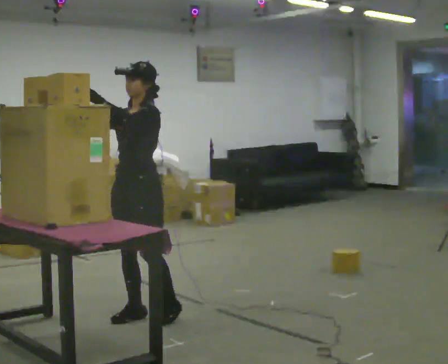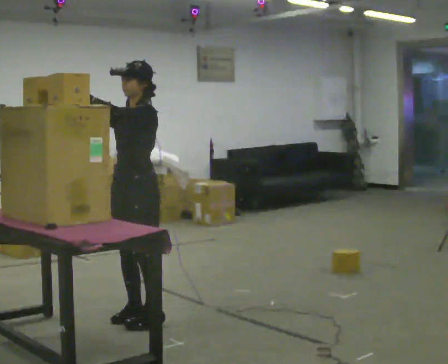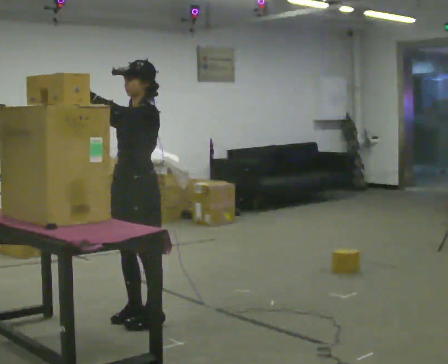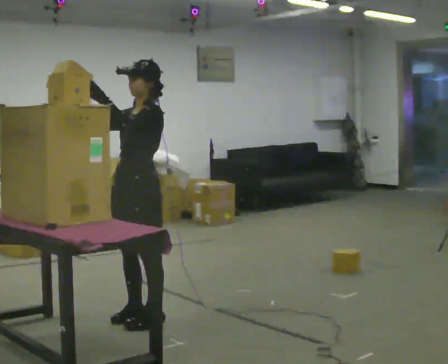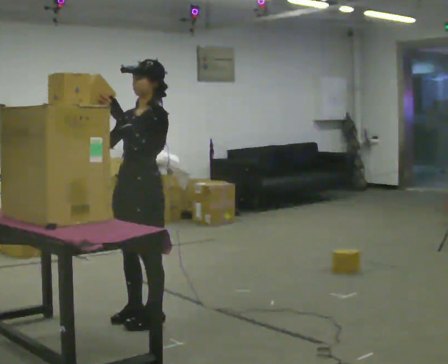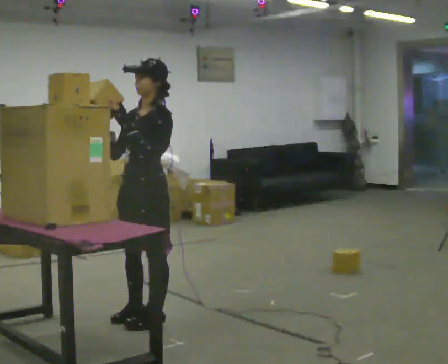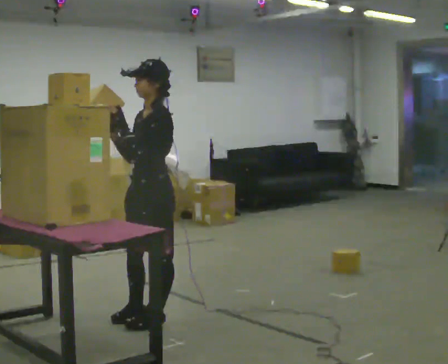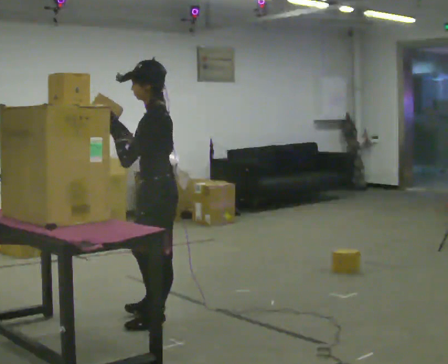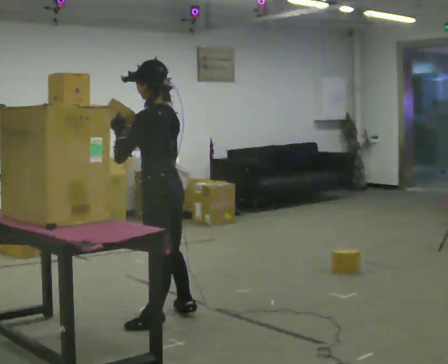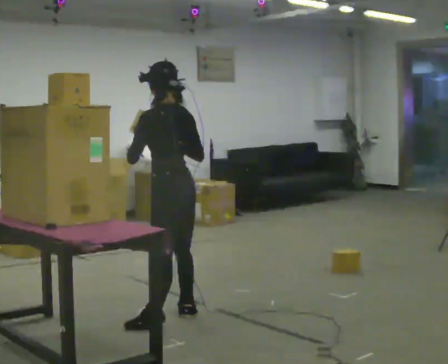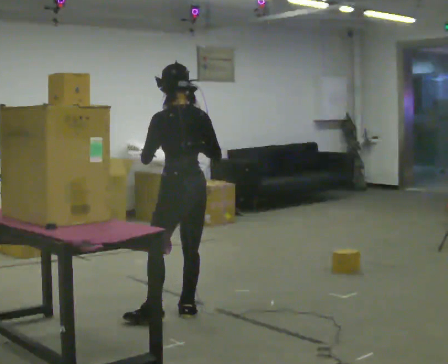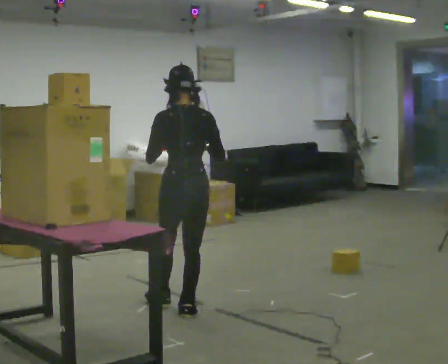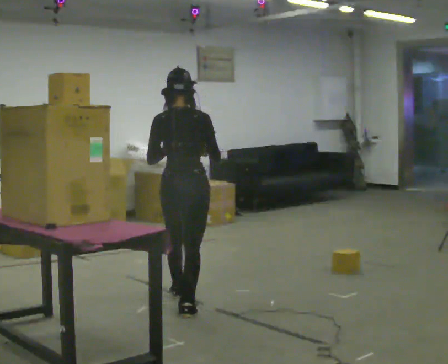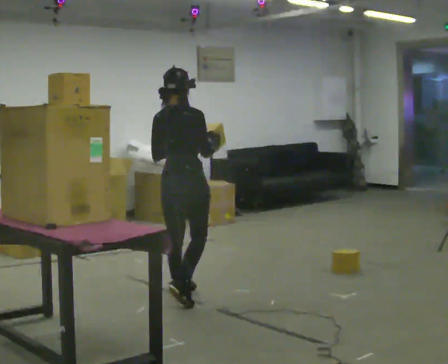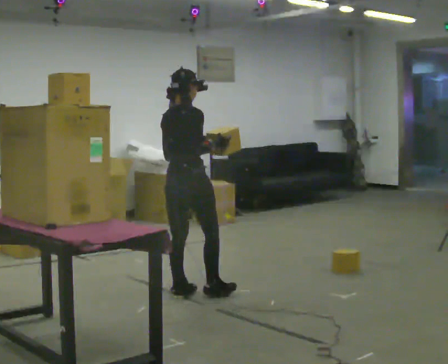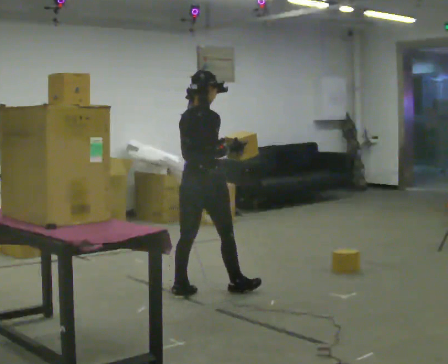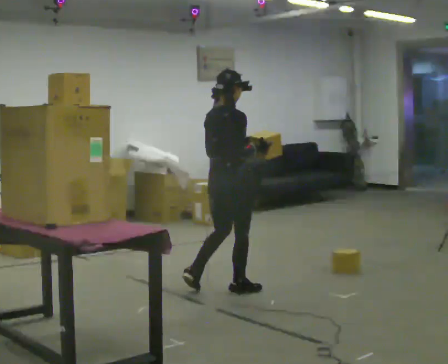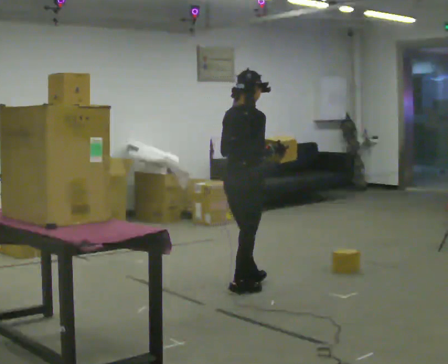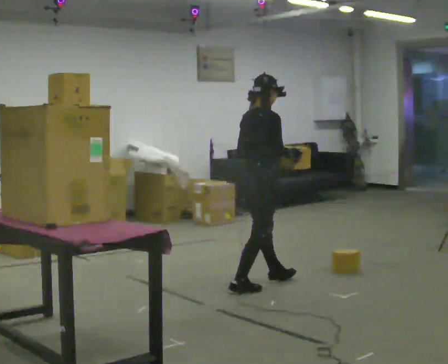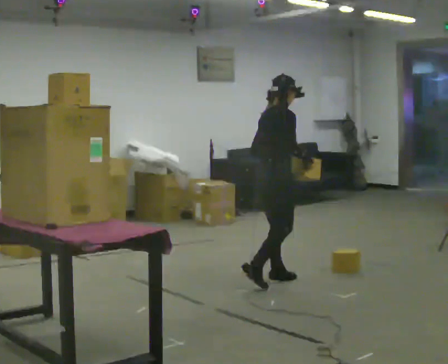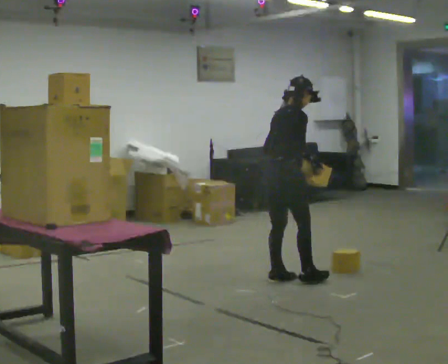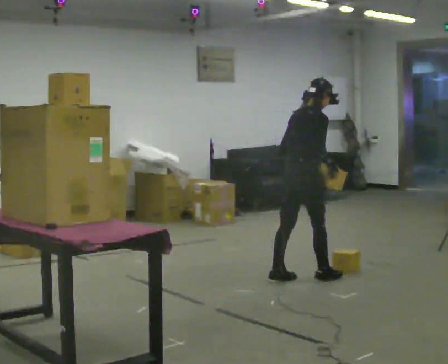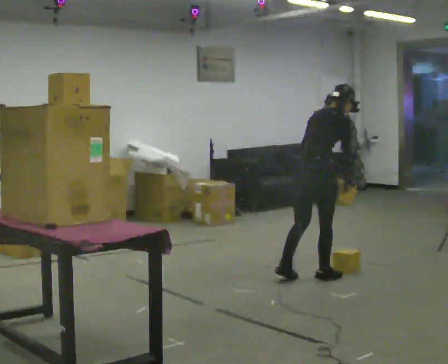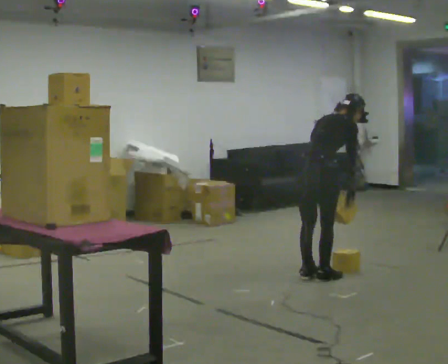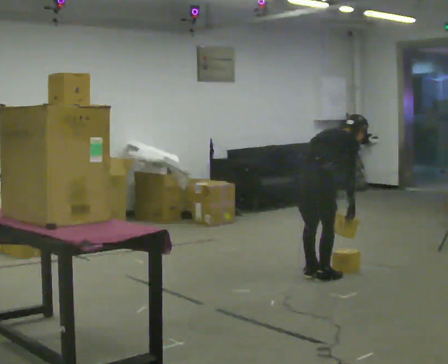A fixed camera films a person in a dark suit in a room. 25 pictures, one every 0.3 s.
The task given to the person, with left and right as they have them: Carry the object across the room and place it on the shelf just at the top of your comfortable reach. Keep going until the operator says stop; one object at a time, and do not rush between trips.
0.0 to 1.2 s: The person moves a little, or ends about where they began.
1.2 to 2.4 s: The part of the body nearest the lens slides to the left as the person turns to their right by about 75 degrees. In the picture their right hand goes to the right.
2.4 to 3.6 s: The person turns about 75 degrees to their right, clockwise seen from above, so the part of the body nearest the lens slides to the left. In the picture they go away from the camera, about 0.5 m in 1 step.
3.6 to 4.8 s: The part of the body nearest the lens slides to the left as the person turns to their right by about 30 degrees. In the picture they go to the right and away from the camera, about 0.5 m in 1 step, which for them is forward.
4.8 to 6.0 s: In the picture they go to the right and away from the camera, about 0.5 m in 1 step, which for them is forward.
6.0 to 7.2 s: In the picture they go to the right, about 0.25 m in 2 steps, which for them is forward and to their right. The upper body goes downward. In the picture the upper body tilts clockwise, shoulders to the right, as they bend forward. In the picture their left hand goes downward and to the right.
The film runs forward here.
